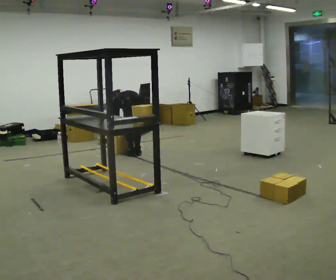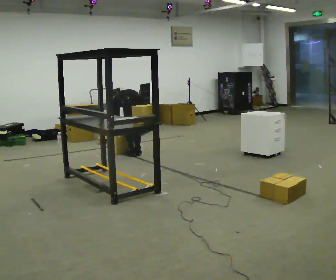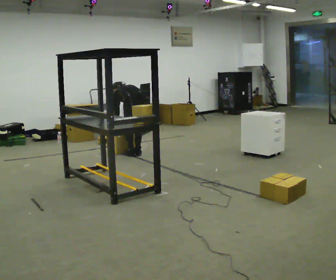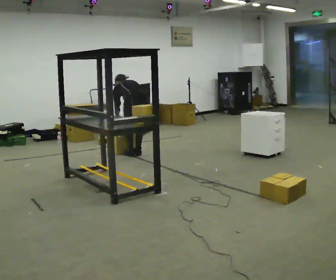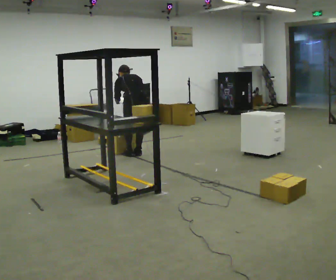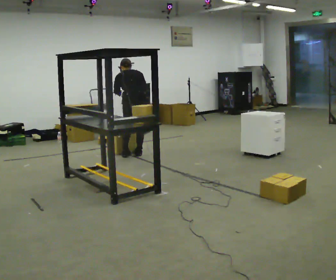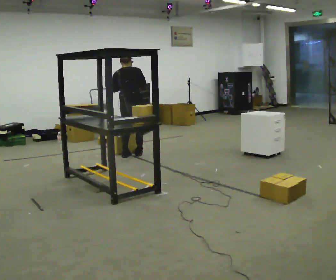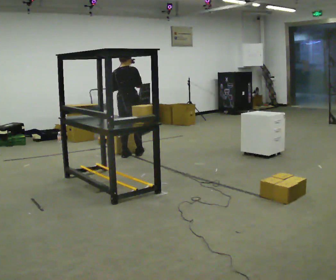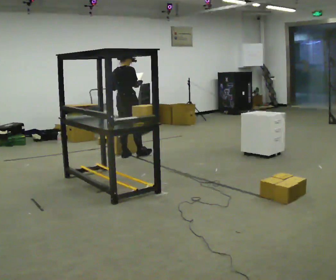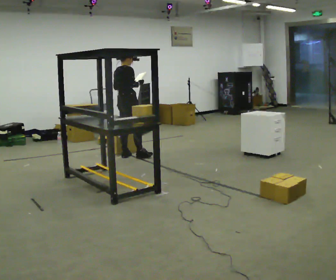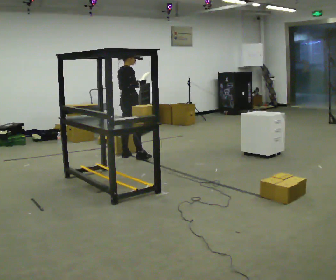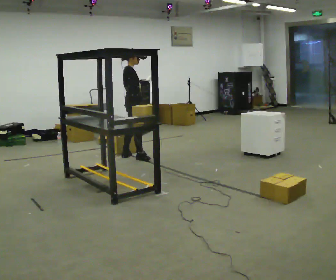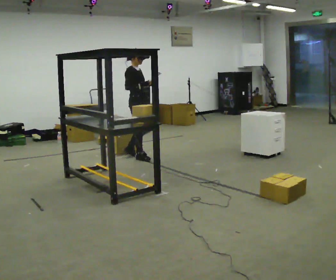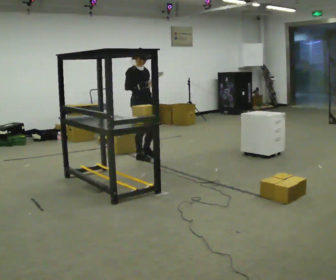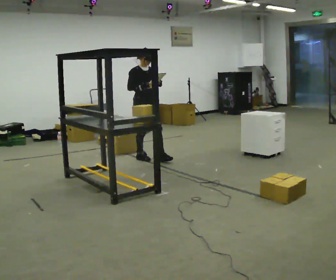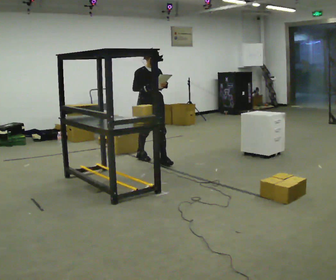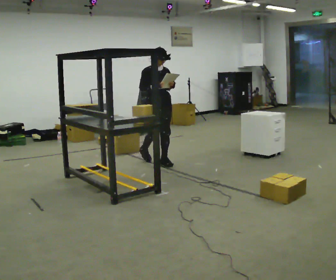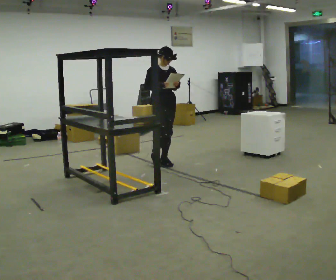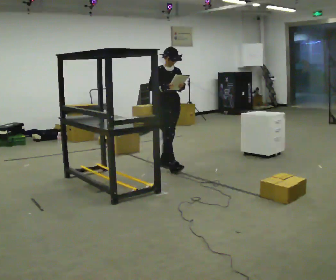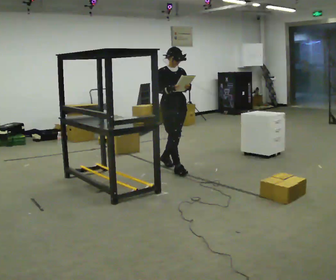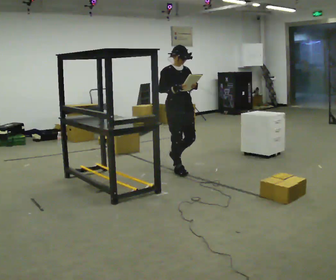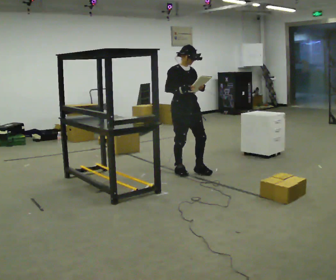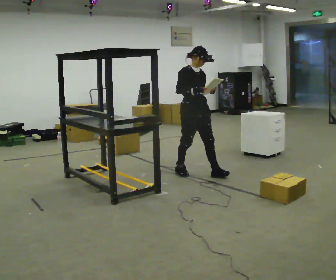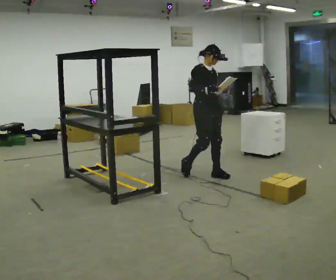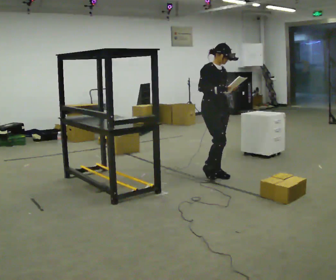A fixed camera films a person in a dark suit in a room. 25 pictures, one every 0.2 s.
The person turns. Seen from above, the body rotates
clockwise.
The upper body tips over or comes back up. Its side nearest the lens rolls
downward.
0.0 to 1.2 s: Seen from above the body turns clockwise, about 30 degrees: to their right, with its near side sliding to the left. The upper body goes upward. The upper body tips toward the camera, its near side rolling downward, as they lean back or straighten. In the picture their left hand goes upward.
1.2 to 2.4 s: Seen from above the body turns clockwise, about 90 degrees: to their right, with its near side sliding to the left. The upper body tips toward the camera, its near side rolling downward, as they lean back or straighten.
2.4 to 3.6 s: The part of the body nearest the lens slides to the left as the person turns to their right by about 45 degrees. In the picture they go toward the camera and to the right, about 0.5 m in 1 step, which for them is forward.
3.6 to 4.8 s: In the picture they go toward the camera and to the right, about 1 m in 2 steps, which for them is forward.
The film runs forward here.
